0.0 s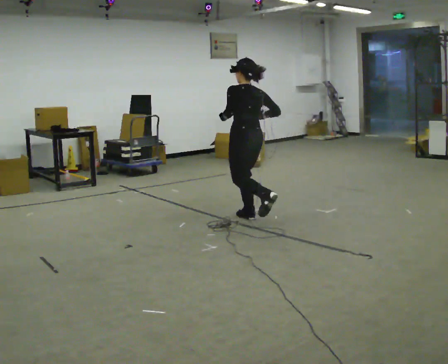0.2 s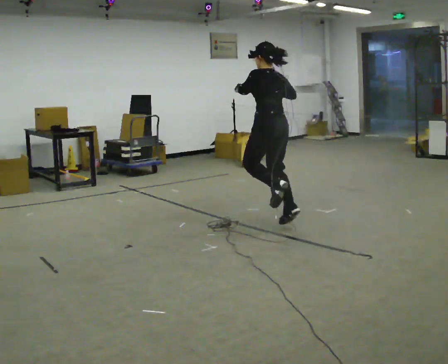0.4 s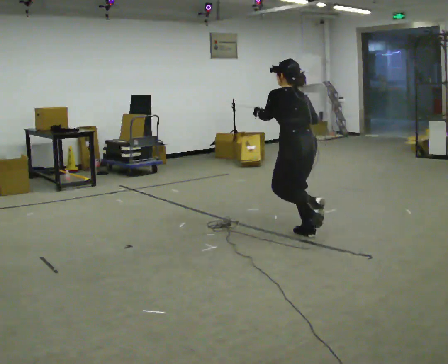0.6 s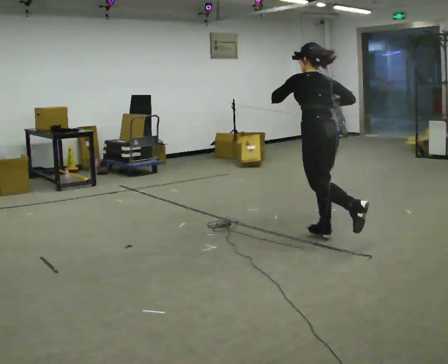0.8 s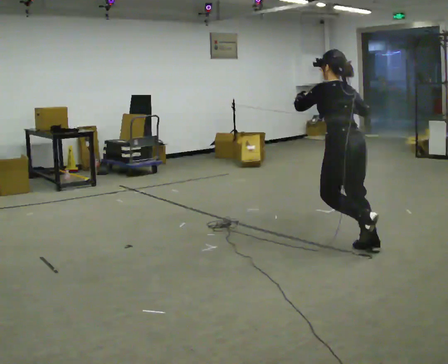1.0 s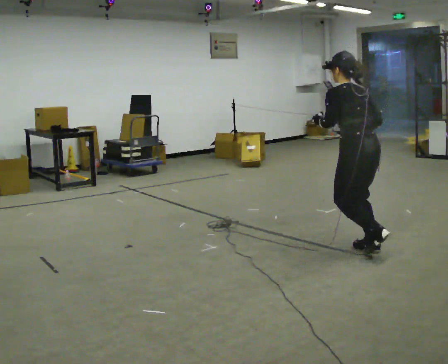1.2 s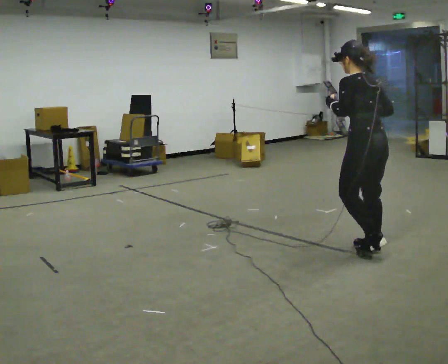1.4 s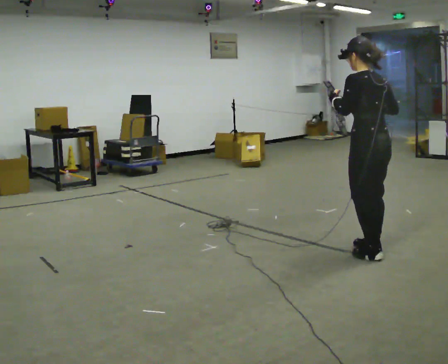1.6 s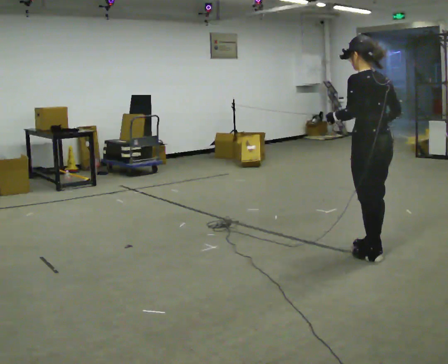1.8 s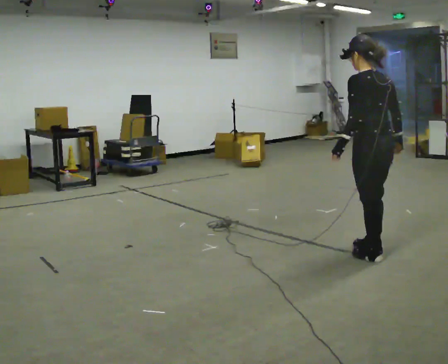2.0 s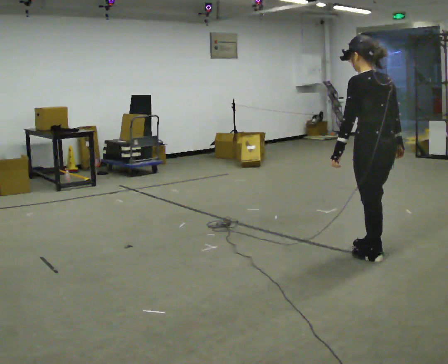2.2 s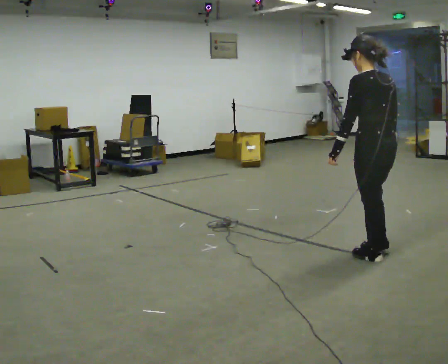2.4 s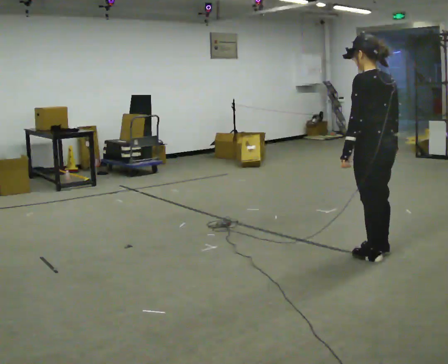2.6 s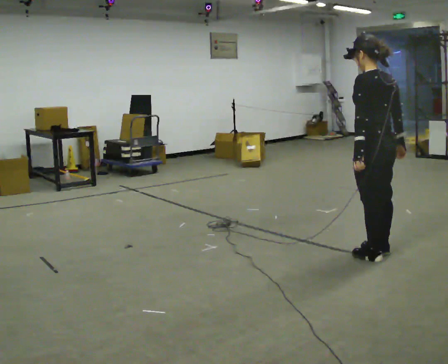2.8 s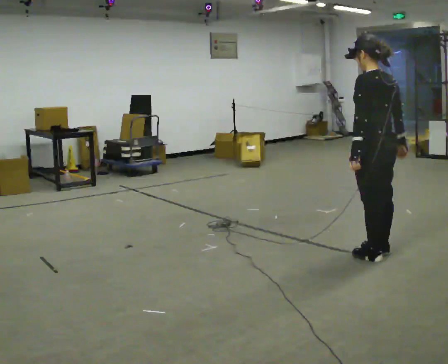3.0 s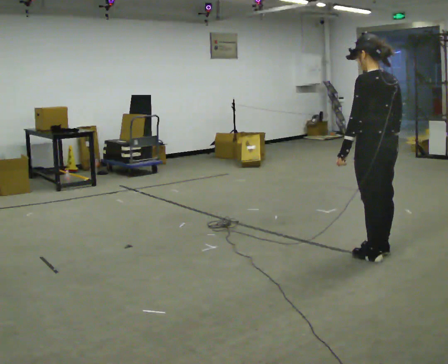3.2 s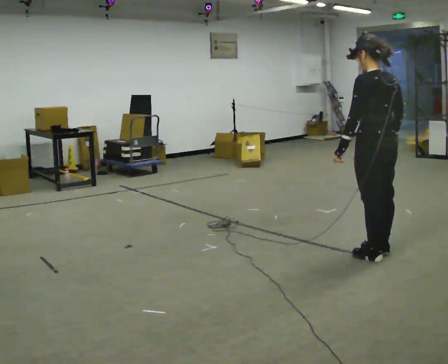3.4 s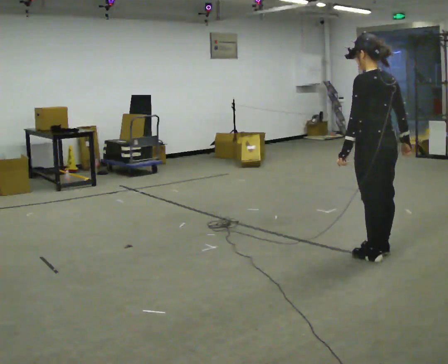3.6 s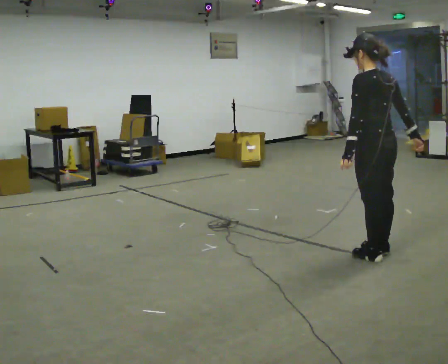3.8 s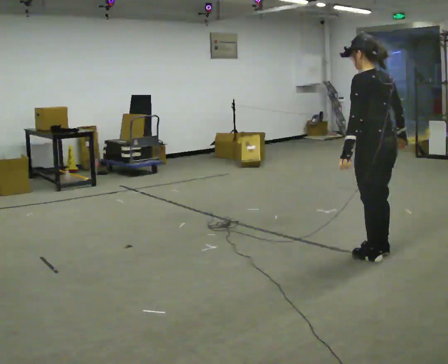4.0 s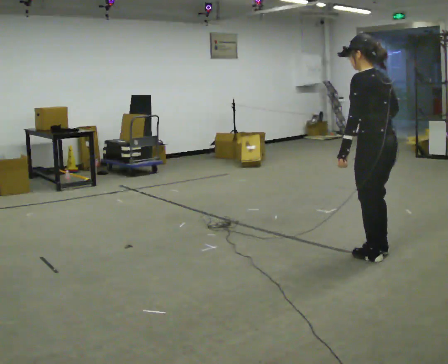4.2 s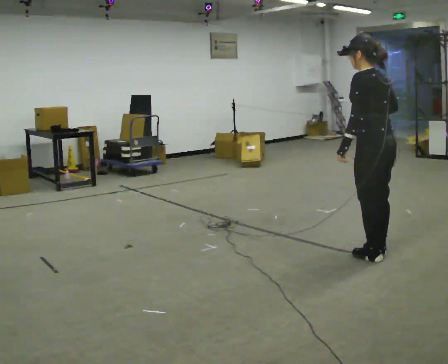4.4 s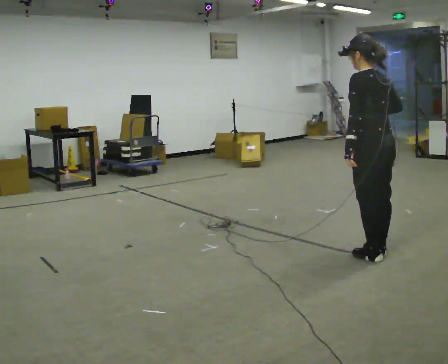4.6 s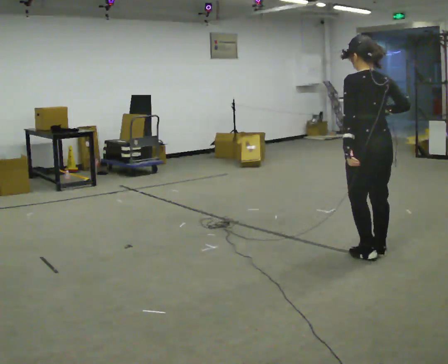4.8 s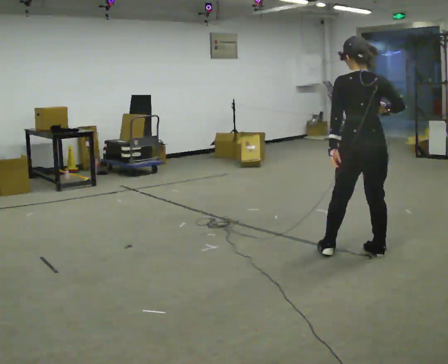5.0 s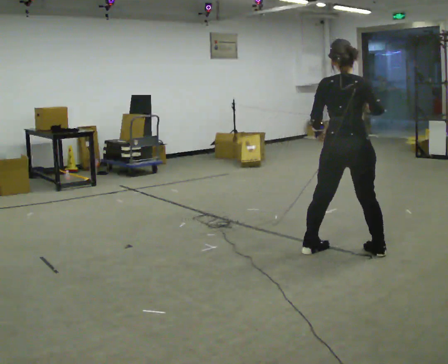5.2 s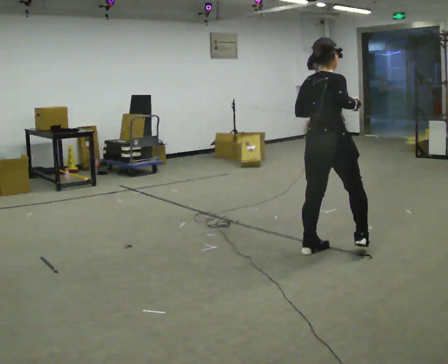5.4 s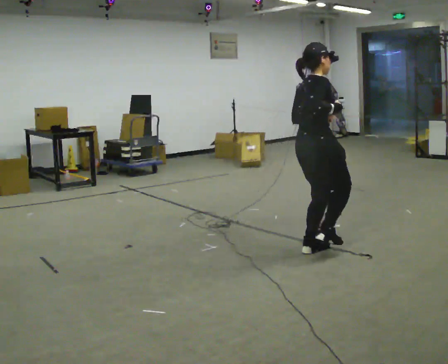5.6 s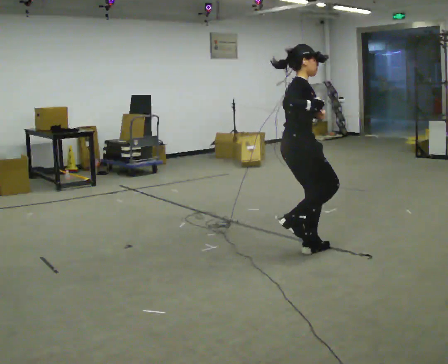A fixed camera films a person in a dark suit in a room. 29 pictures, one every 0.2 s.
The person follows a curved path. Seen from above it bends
clockwise.
0.0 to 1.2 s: In the picture they go to the right and toward the camera, about 1.5 m in 2 steps, which for them is backward.
1.2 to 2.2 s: In the picture they go toward the camera, about 0.25 m, which for them is backward.
2.2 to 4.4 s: The person moves a little, or ends about where they began.
4.4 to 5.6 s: The person turns about 135 degrees to their right, clockwise seen from above, so the part of the body nearest the lens slides to the left. In the picture they go to the left, about 0.5 m in 2 steps.
The film runs backward here.
